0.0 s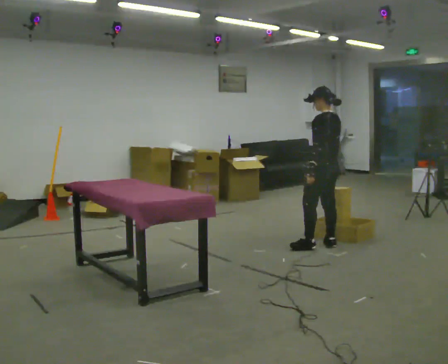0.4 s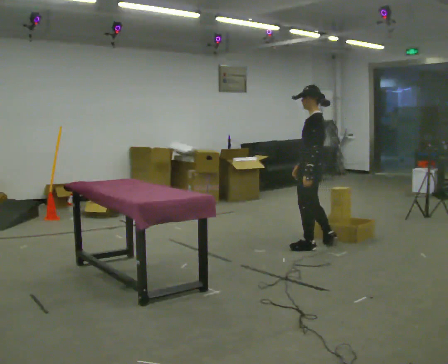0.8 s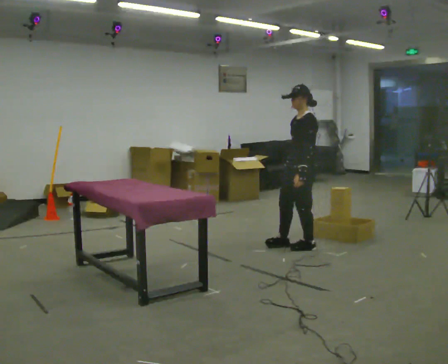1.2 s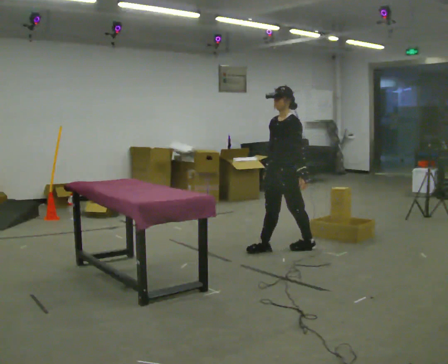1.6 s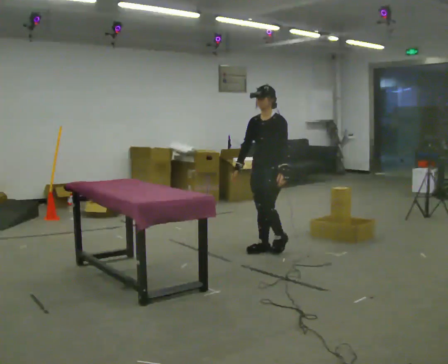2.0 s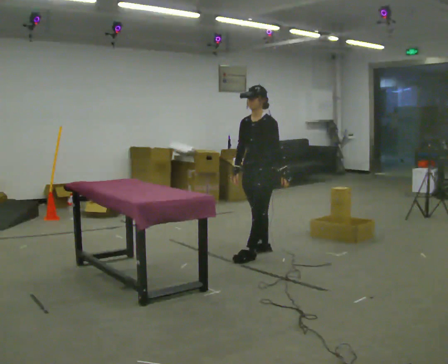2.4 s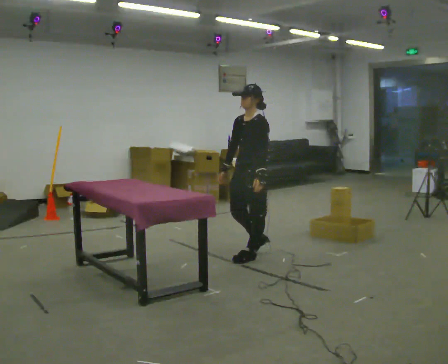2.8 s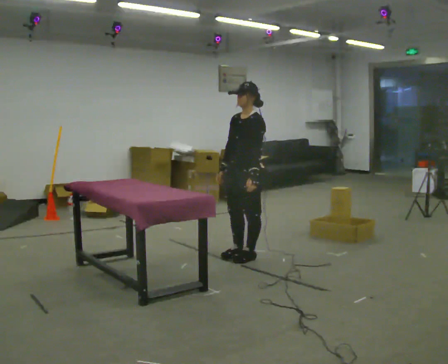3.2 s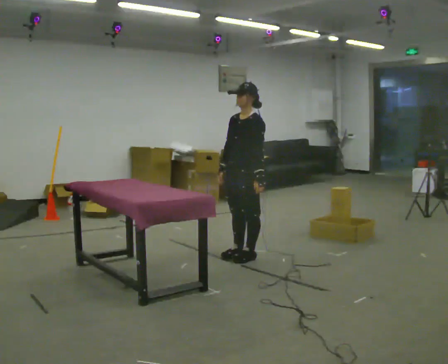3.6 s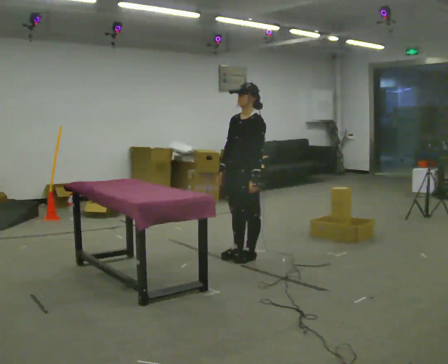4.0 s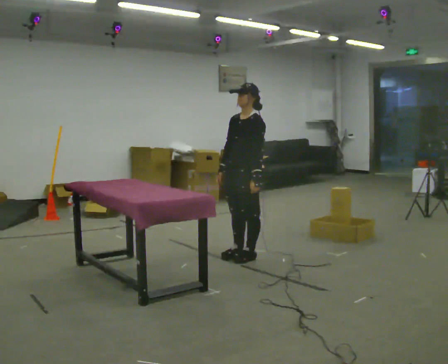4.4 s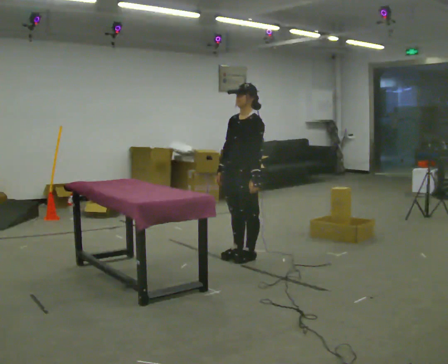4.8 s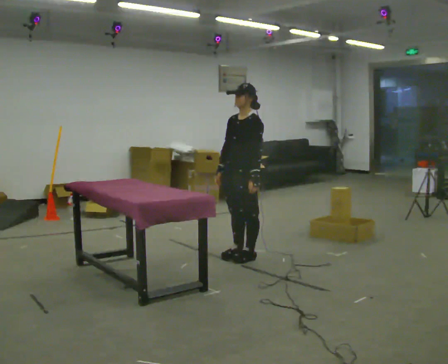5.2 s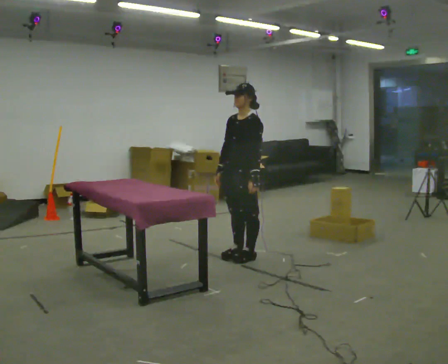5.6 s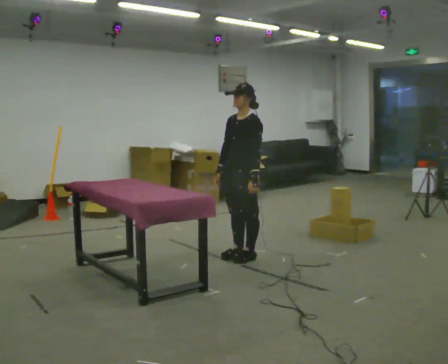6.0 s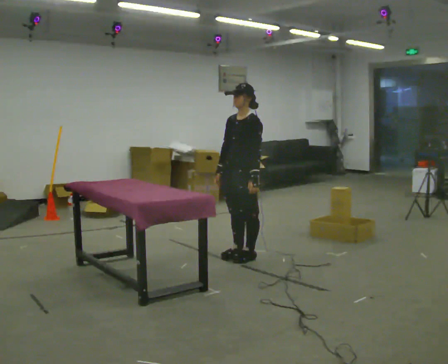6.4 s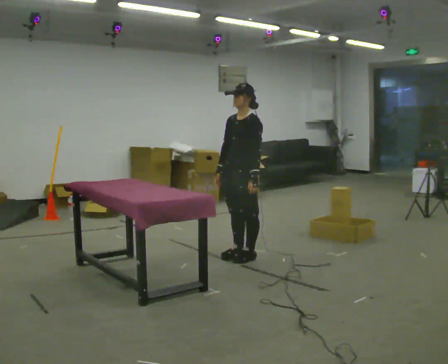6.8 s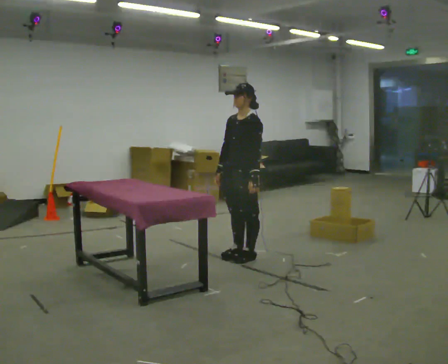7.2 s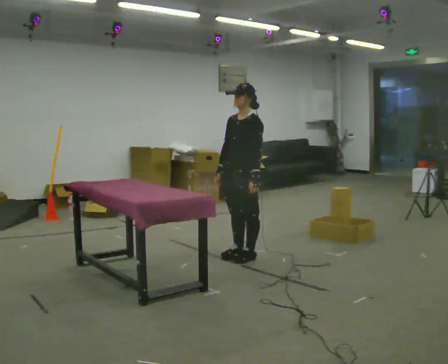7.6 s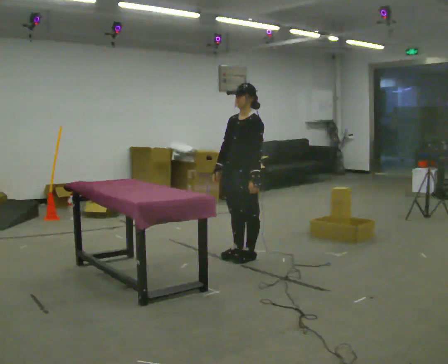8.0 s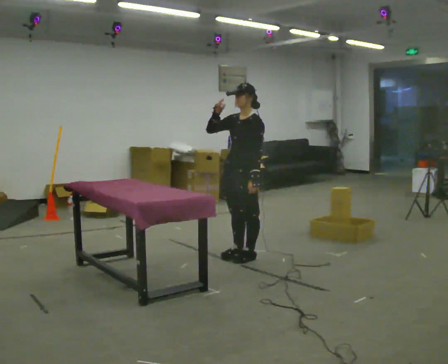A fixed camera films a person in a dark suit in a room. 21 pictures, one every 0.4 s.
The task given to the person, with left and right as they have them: Carry each object across the room and drop it into the container on the floor, then walk back for the next one. Keep going until the operator says stop; one object at a time, and do not rush between trips.
0.0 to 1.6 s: The person turns about 90 degrees to their left, counterclockwise seen from above, so the part of the body nearest the lens slides to the right. In the picture they go to the left, about 0.5 m in 1 step.
1.6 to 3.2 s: In the picture they go to the left and toward the camera, about 0.25 m in 2 steps, which for them is forward.
3.2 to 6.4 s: The person moves a little, or ends about where they began.
6.4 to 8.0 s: In the picture their right hand goes upward.
The film runs forward here.
